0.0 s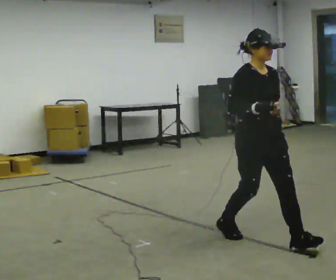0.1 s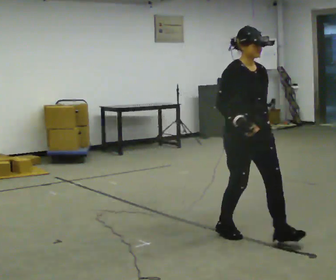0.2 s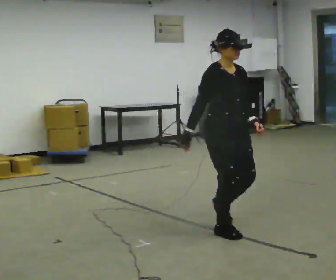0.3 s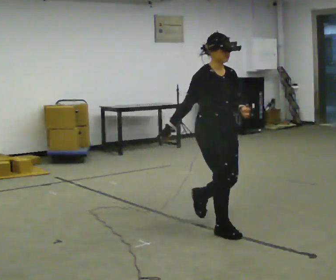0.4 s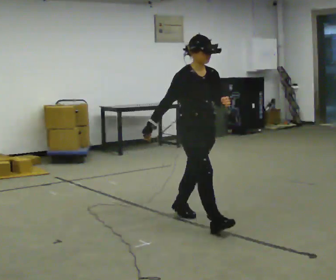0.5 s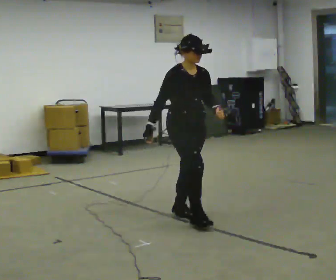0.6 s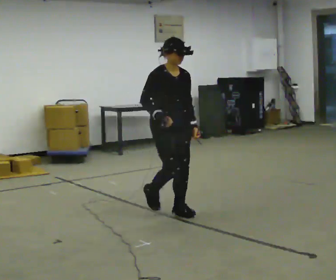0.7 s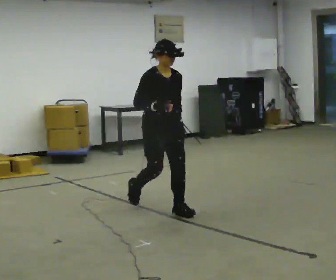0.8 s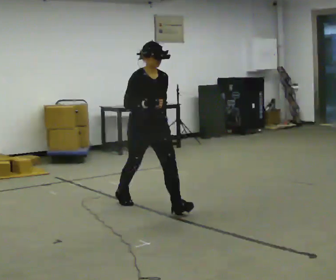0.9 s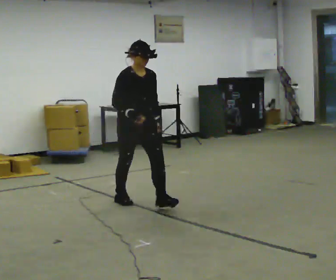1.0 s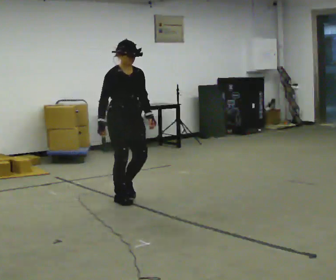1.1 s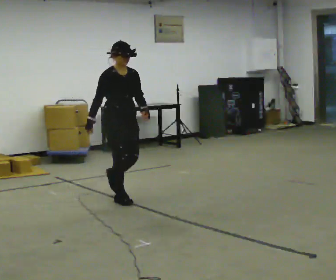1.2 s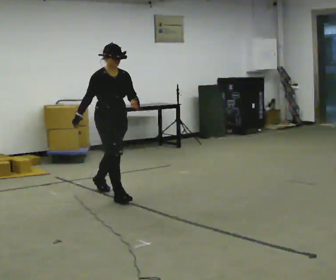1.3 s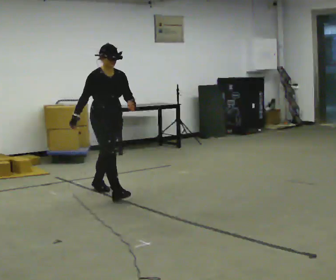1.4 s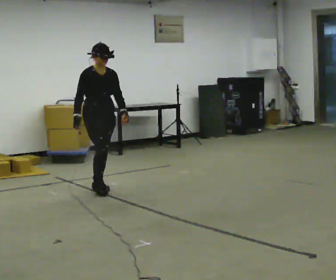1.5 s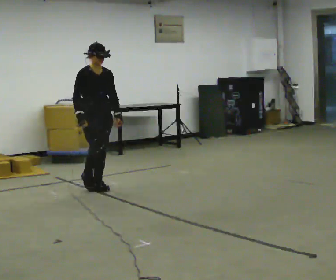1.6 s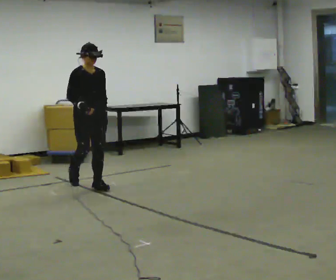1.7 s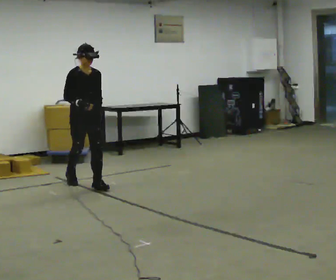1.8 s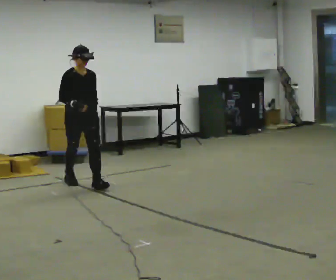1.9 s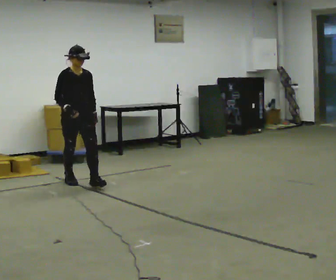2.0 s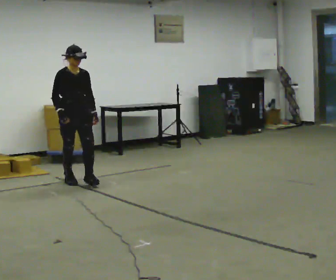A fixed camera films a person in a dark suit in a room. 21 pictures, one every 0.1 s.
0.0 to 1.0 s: In the picture they go away from the camera and to the left, about 1.5 m in 2 steps, which for them is backward.
1.0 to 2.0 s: In the picture they go away from the camera and to the left, about 1 m in 2 steps, which for them is backward.
The film runs backward here.
